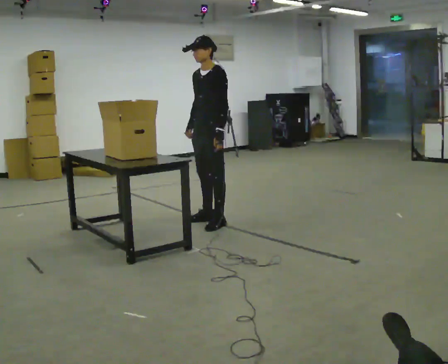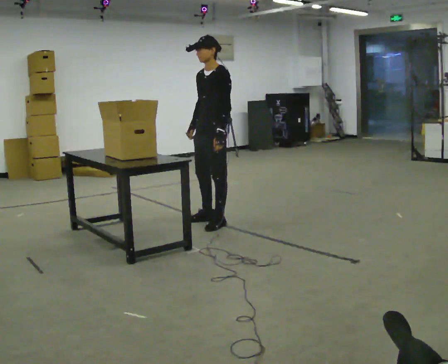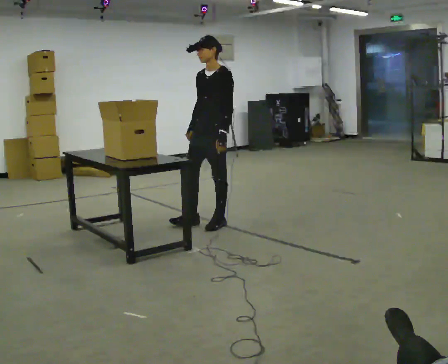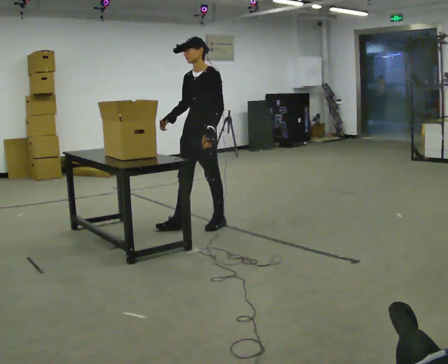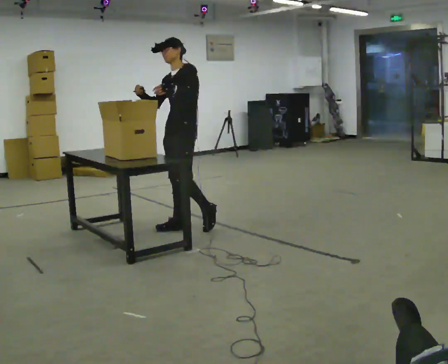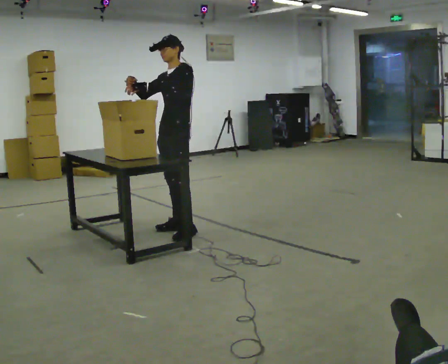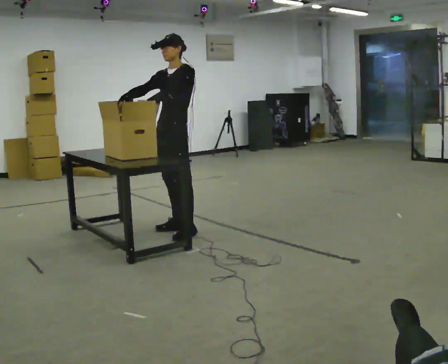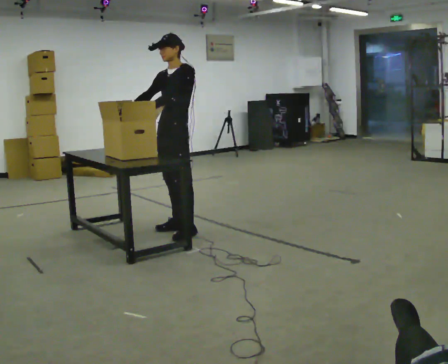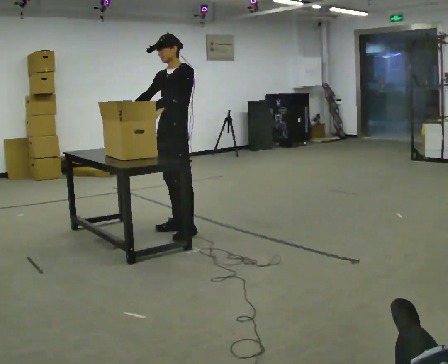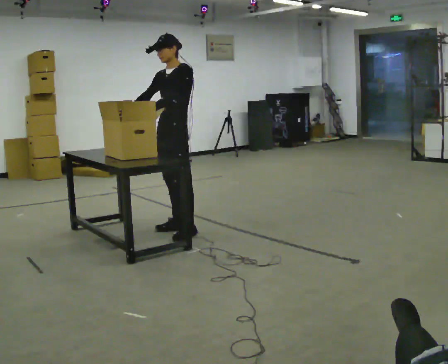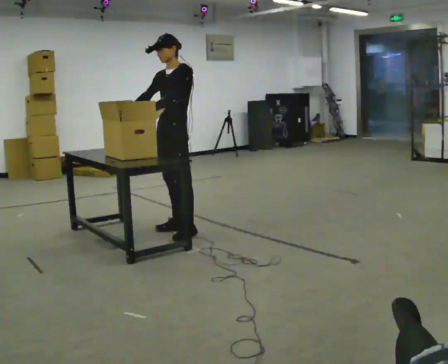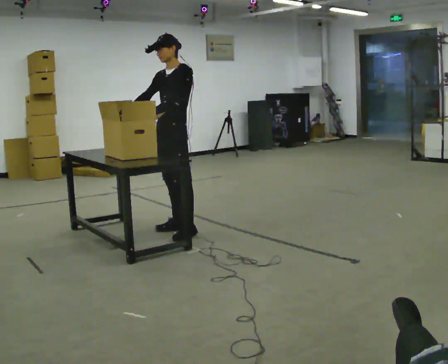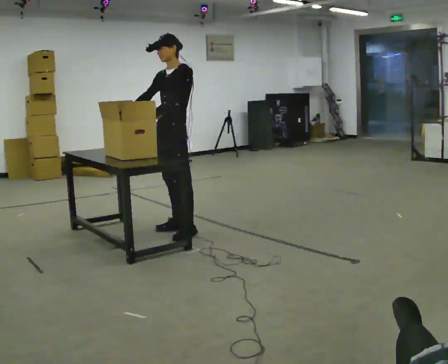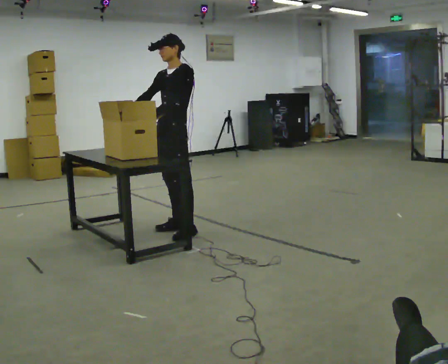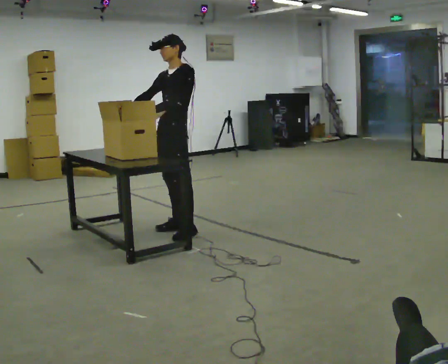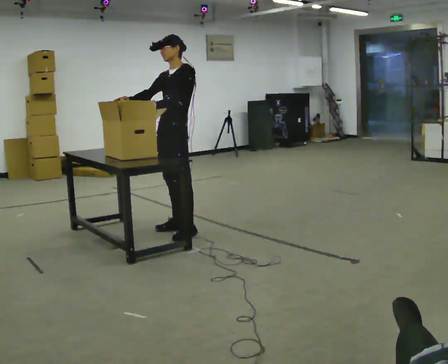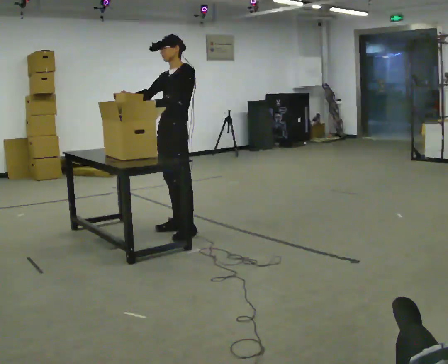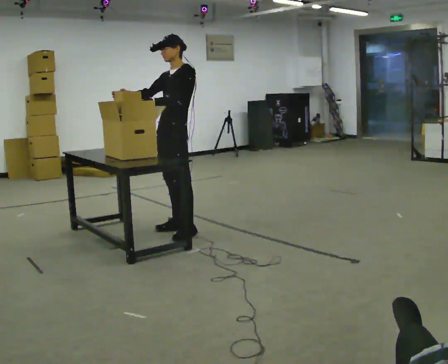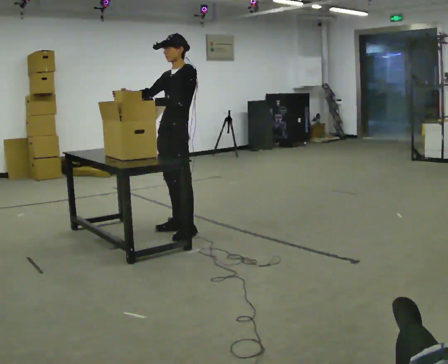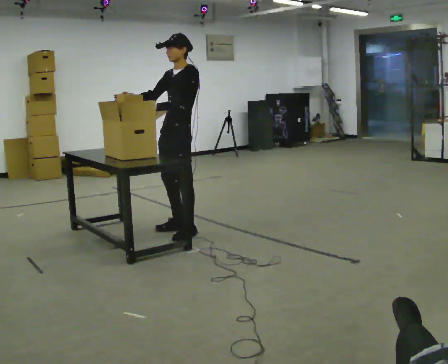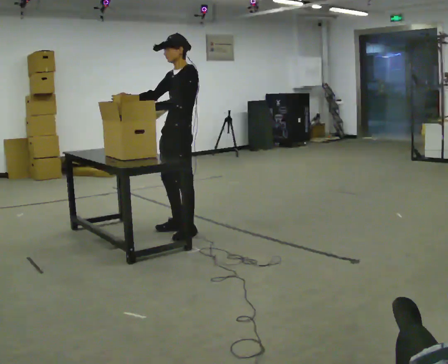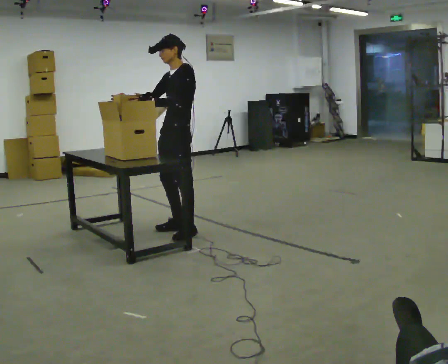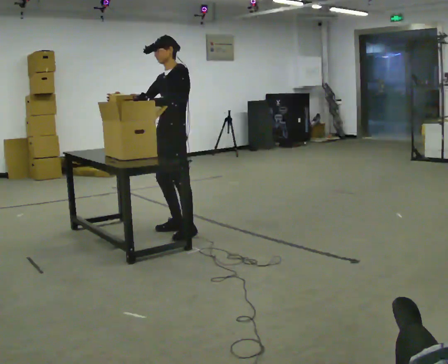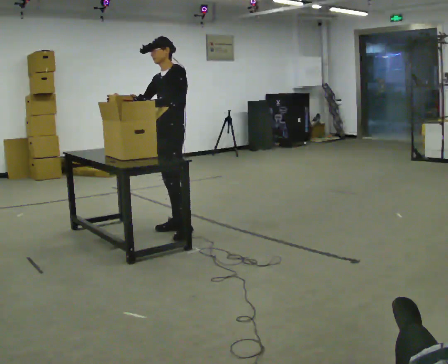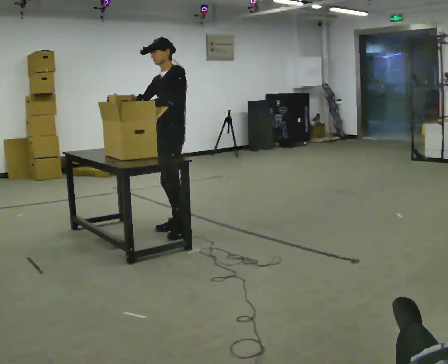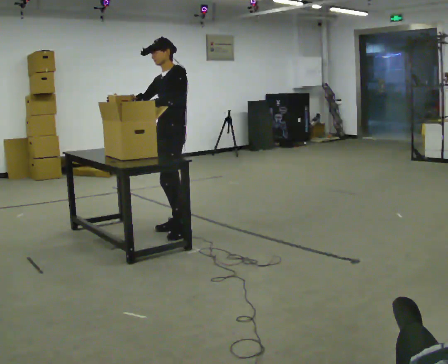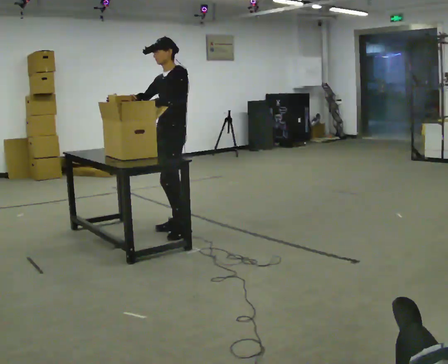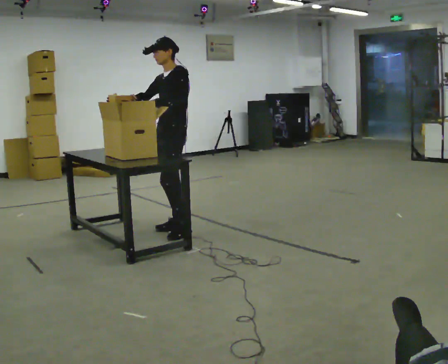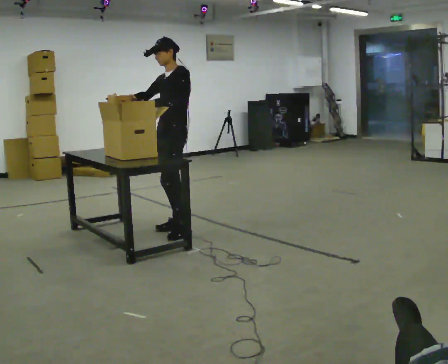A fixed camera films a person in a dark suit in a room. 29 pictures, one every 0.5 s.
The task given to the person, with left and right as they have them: Take the objects from the bin one at a time and put one in each of the places the operator points out. Keep going until the operator says stop; one object at a time, and do not rush between trips.
0.0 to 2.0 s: In the picture they go to the left, about 0.25 m in 1 step, which for them is forward. In the picture their left hand goes upward.
2.0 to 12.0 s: The person moves a little, or ends about where they began.
12.0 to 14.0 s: The person keeps their place and pose.
The film runs forward here.
